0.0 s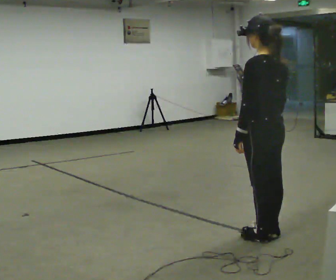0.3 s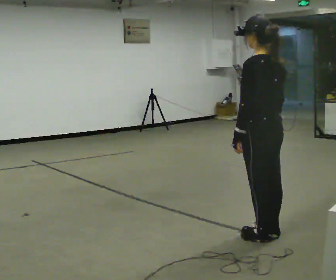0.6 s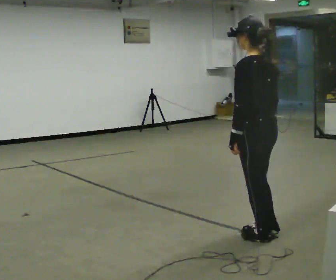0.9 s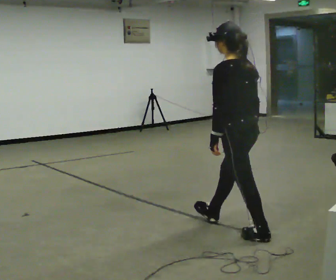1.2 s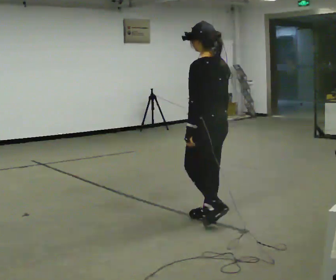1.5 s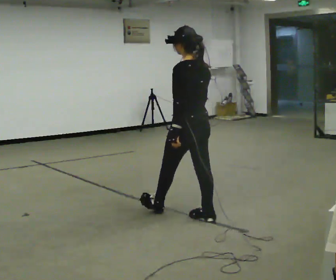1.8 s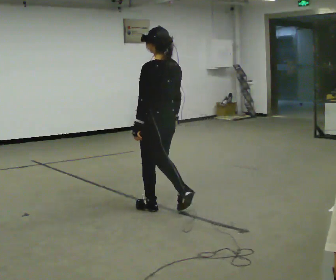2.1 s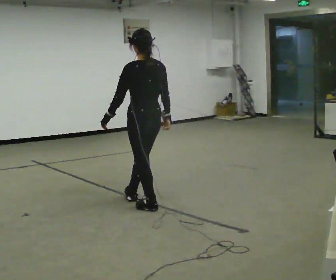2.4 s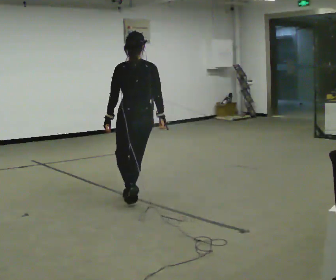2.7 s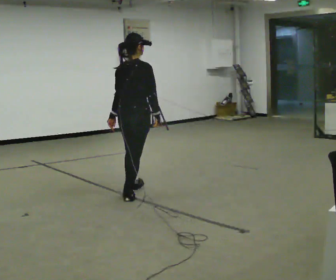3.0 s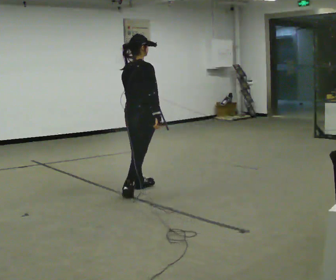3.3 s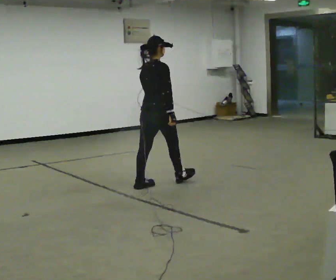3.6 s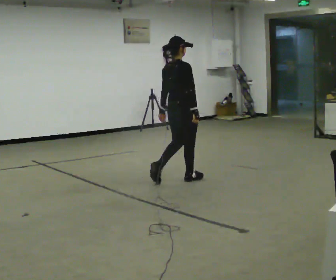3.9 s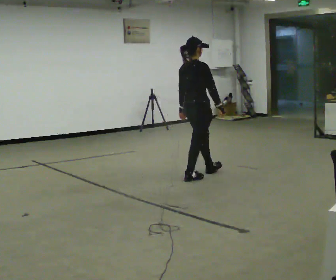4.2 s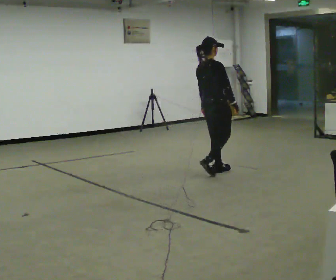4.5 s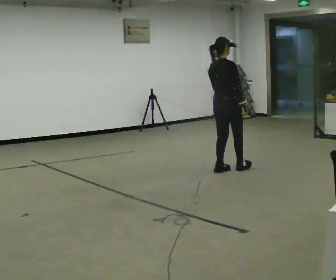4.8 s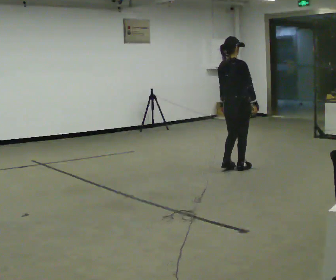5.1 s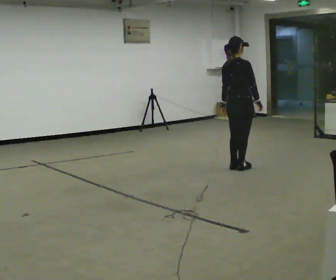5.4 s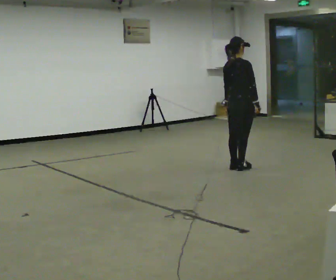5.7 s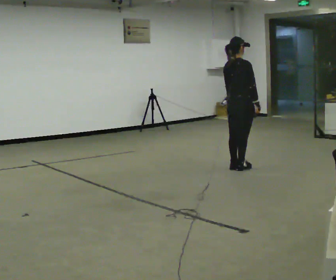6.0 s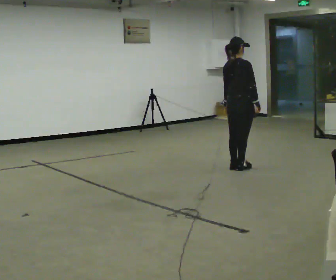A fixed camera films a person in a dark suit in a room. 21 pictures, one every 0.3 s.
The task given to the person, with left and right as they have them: Walk; turn 90° left/right; walk several steps; stop.
0.0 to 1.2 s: In the picture they go away from the camera and to the left, about 0.5 m in 1 step, which for them is forward.
1.2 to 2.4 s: The person turns about 30 degrees to their right, clockwise seen from above, so the part of the body nearest the lens slides to the left. In the picture they go away from the camera and to the left, about 1 m in 2 steps, which for them is forward.
2.4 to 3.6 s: The part of the body nearest the lens slides to the left as the person turns to their right by about 60 degrees. In the picture they go away from the camera and to the right, about 1 m in 2 steps.
3.6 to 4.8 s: In the picture they go to the right and away from the camera, about 1 m in 2 steps, which for them is forward.
4.8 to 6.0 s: The person moves a little, or ends about where they began.
The film runs forward here.
